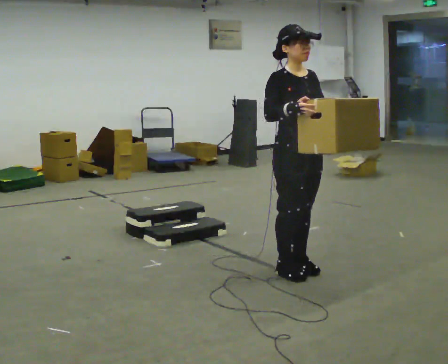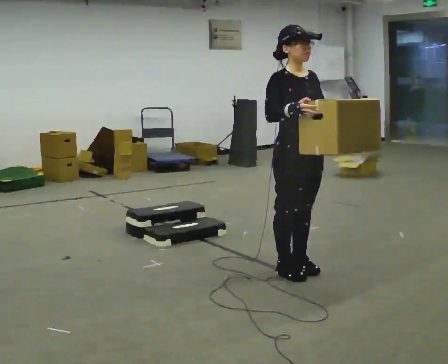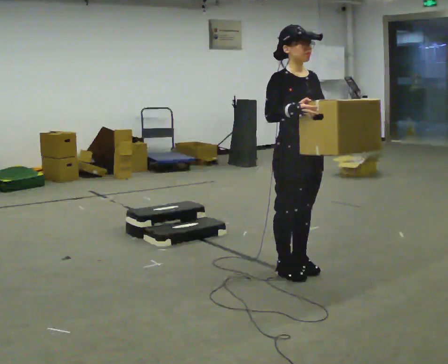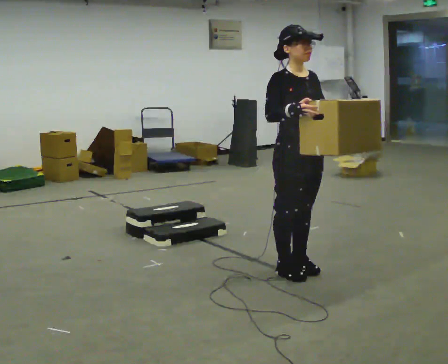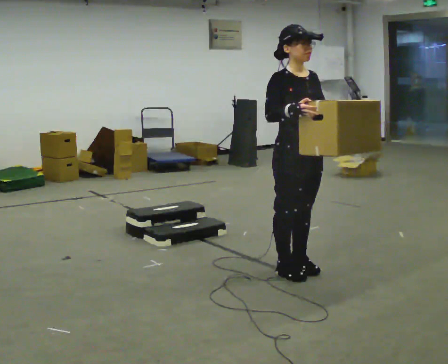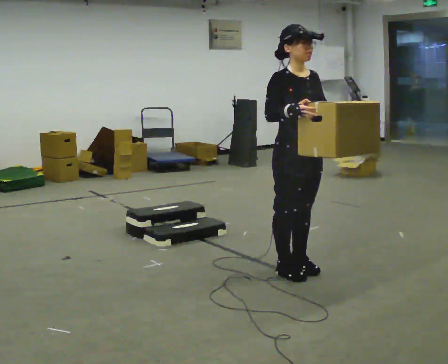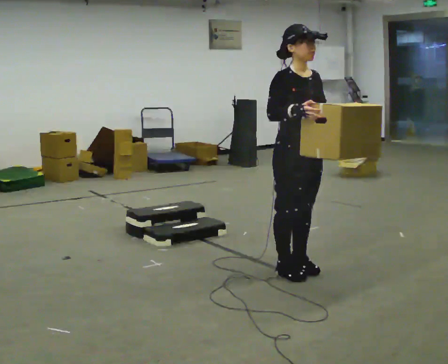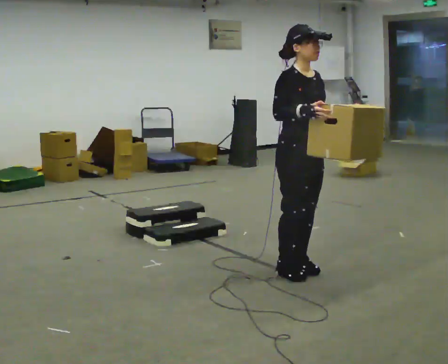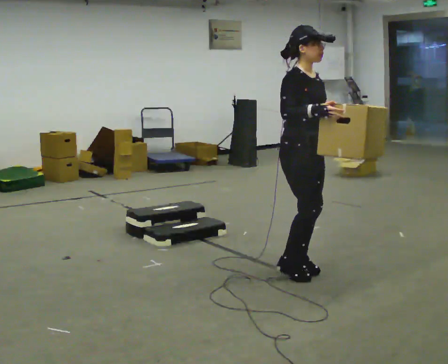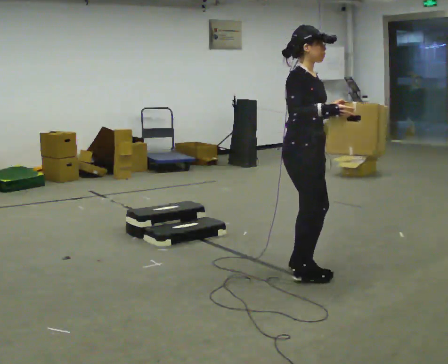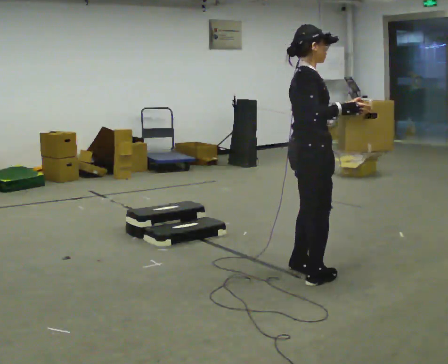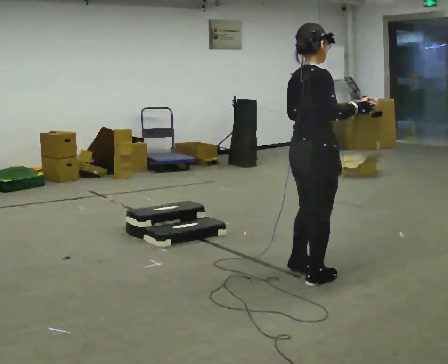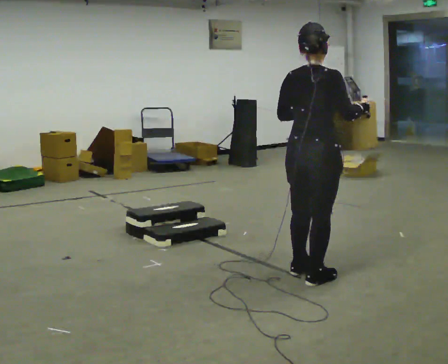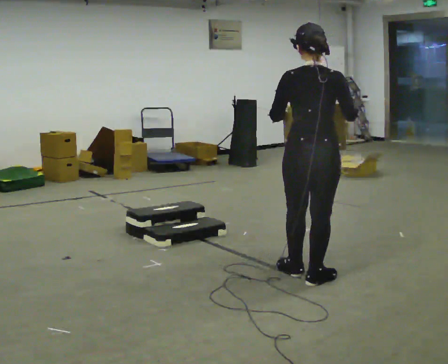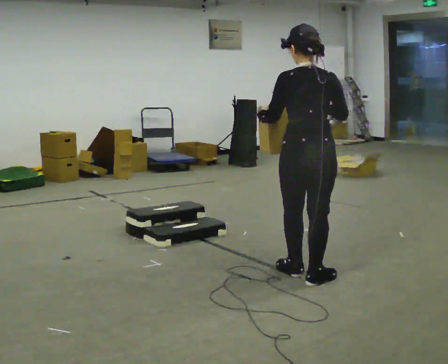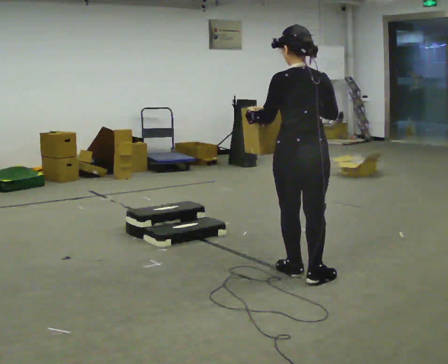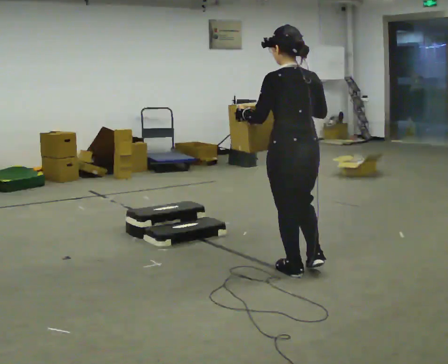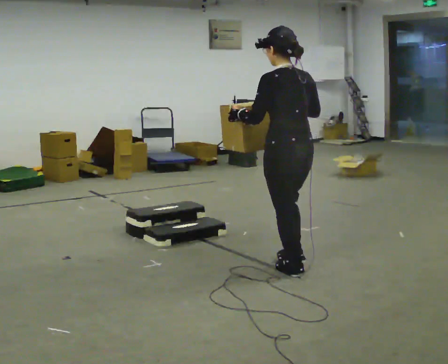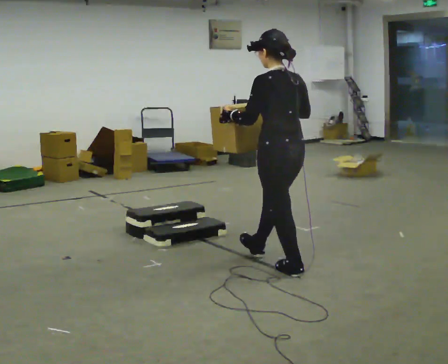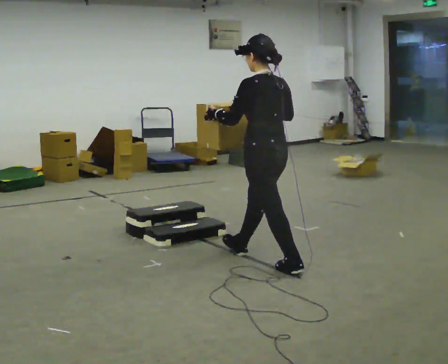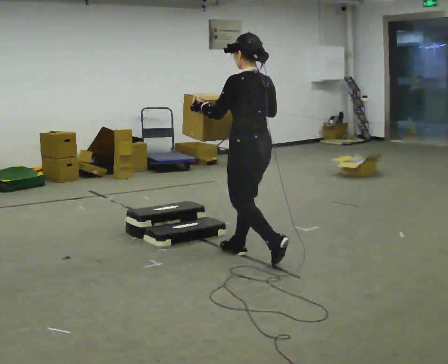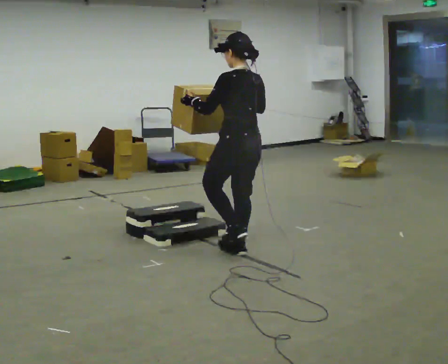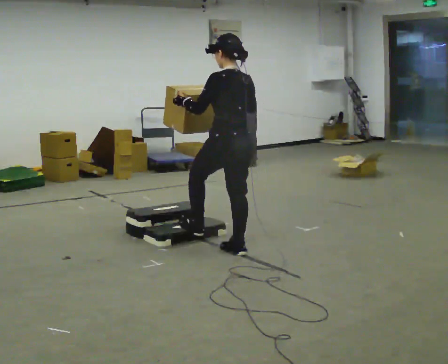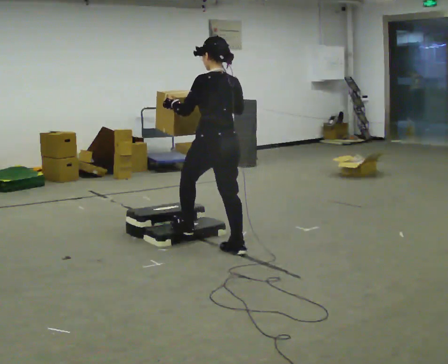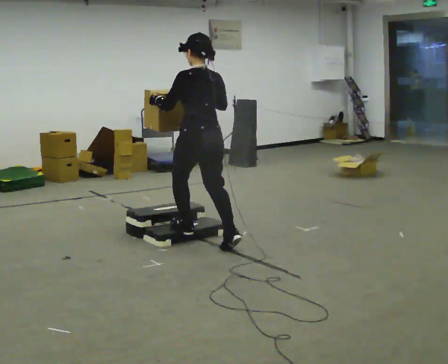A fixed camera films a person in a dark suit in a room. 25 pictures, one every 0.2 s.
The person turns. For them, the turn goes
to their left.
The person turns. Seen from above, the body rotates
counterclockwise.
0.0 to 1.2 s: The person keeps their place and pose.
1.2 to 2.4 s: The person turns about 105 degrees to their left, counterclockwise seen from above, so the part of the body nearest the lens slides to the right. In the picture they go toward the camera, about 0.25 m in 1 step. In the picture their left hand goes to the left.
2.4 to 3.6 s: The person turns about 75 degrees to their left, counterclockwise seen from above, so the part of the body nearest the lens slides to the right. In the picture they go away from the camera and to the left, about 0.25 m.
3.6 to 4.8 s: In the picture they go to the left and away from the camera, about 1 m in 2 steps, which for them is forward.
The film runs forward here.
